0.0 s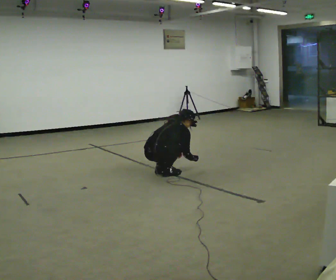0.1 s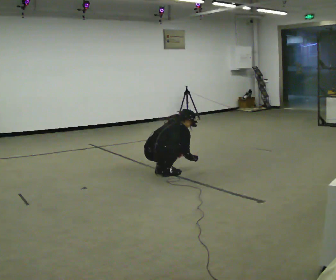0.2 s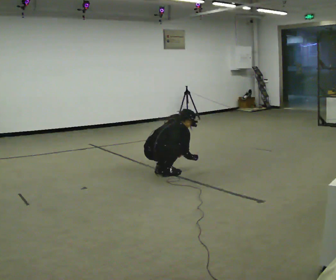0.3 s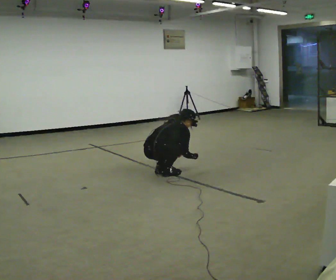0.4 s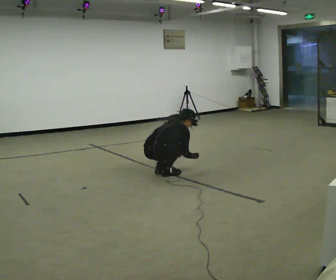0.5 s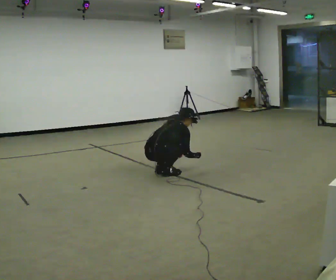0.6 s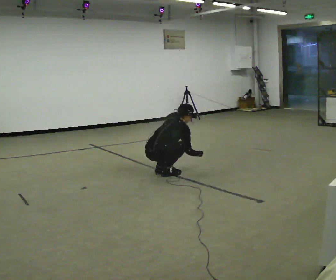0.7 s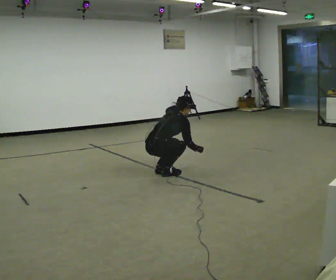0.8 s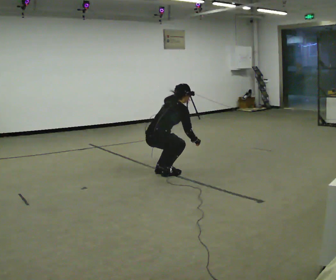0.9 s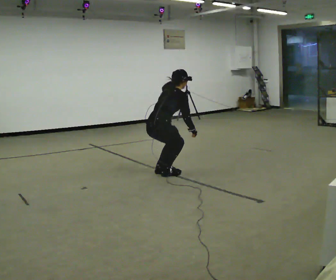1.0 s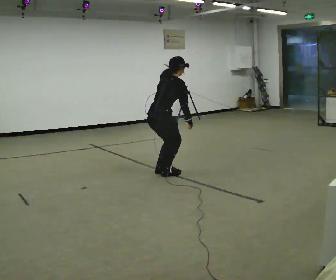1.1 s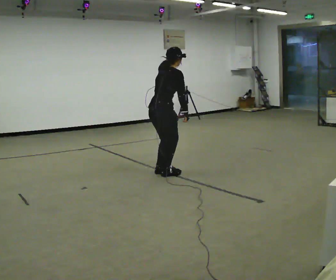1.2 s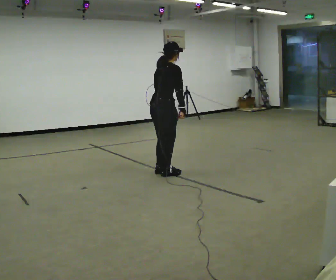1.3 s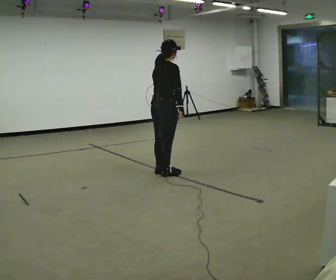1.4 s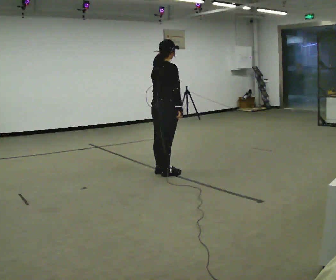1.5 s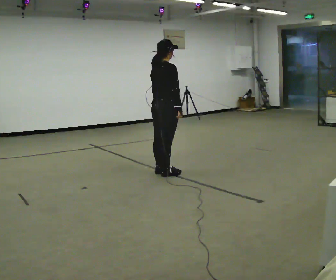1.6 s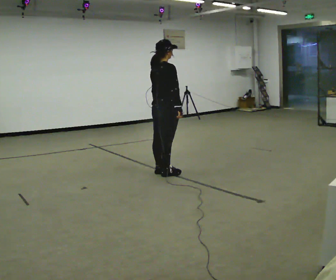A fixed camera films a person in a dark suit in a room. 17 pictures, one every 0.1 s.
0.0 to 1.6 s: The shoulders move upward. In the picture the upper body tilts counterclockwise, shoulders to the left, as they lean back or straighten. In the picture their right hand goes upward.
The film runs backward here.
